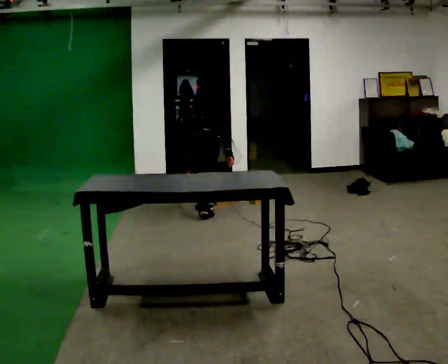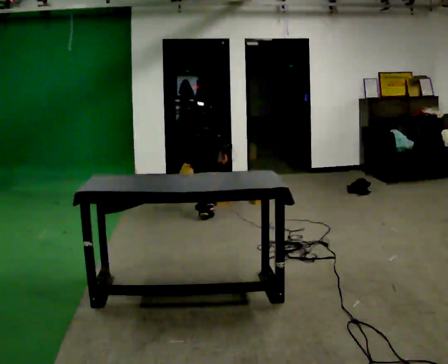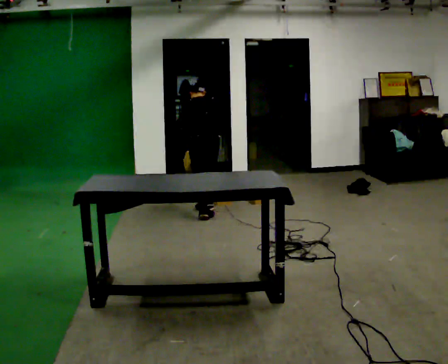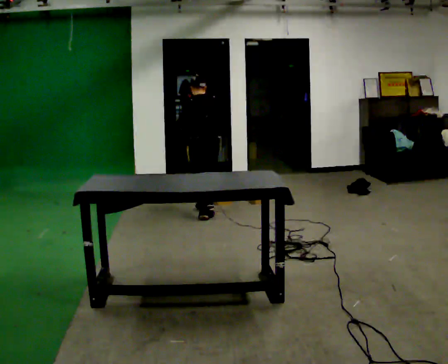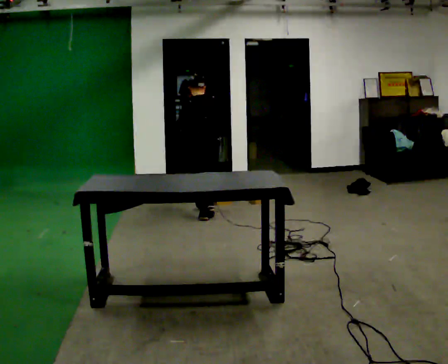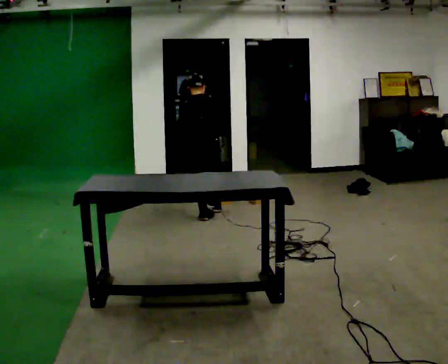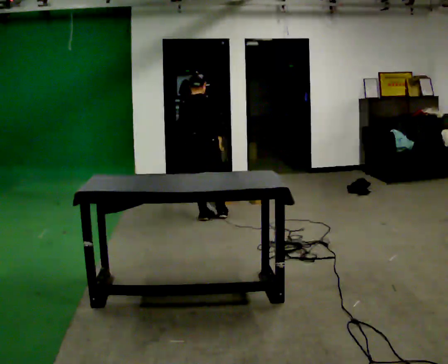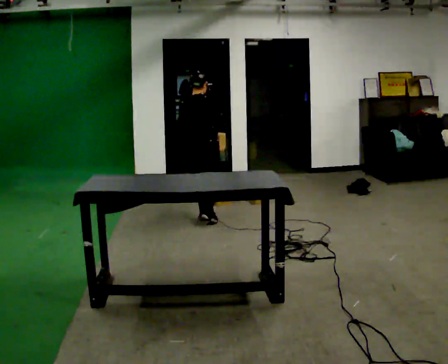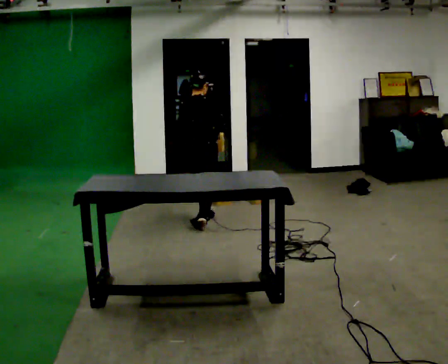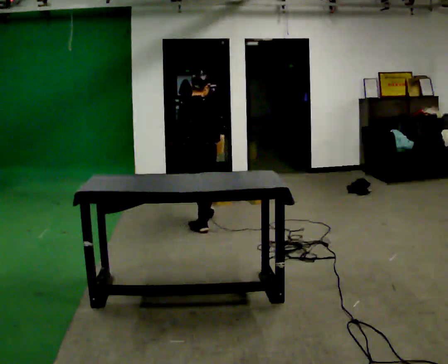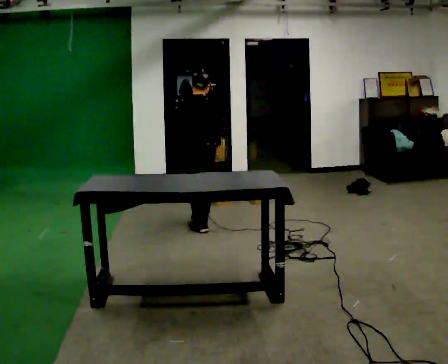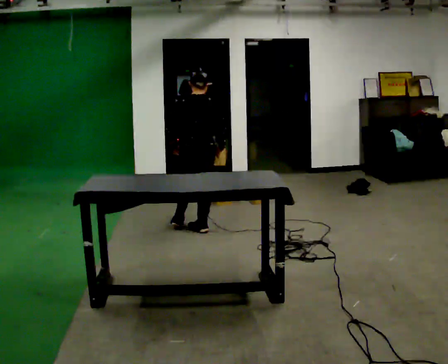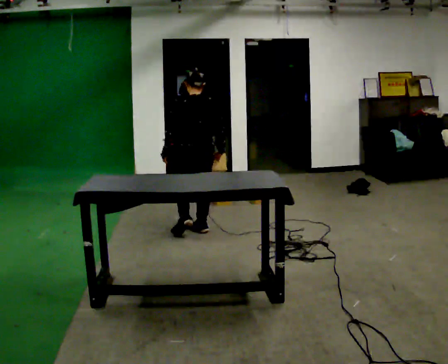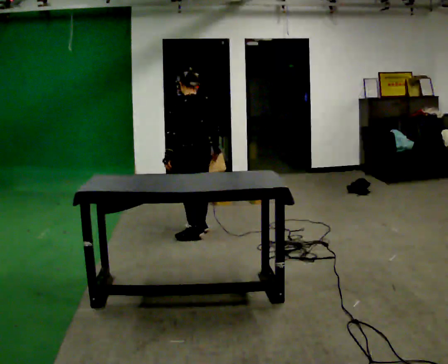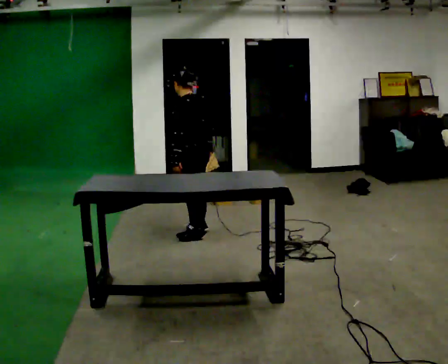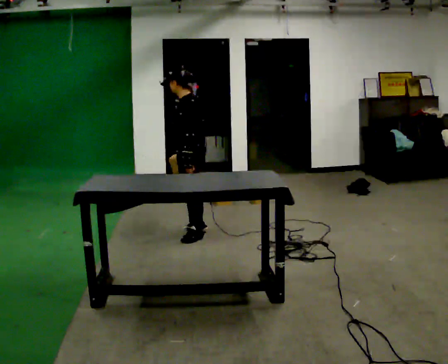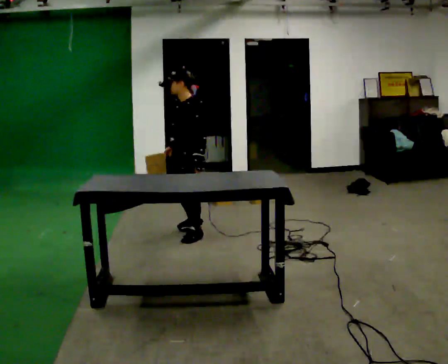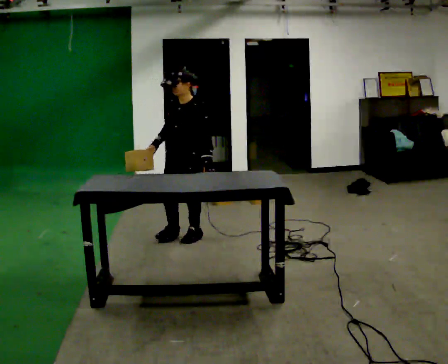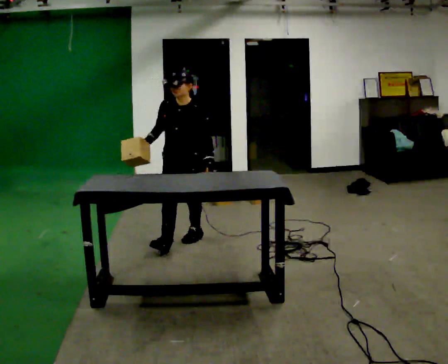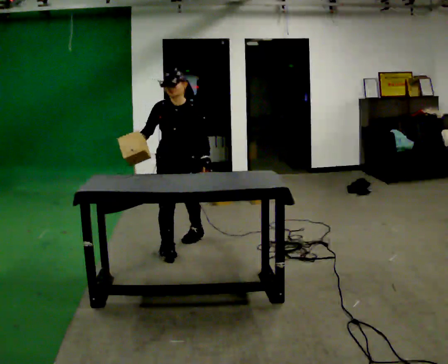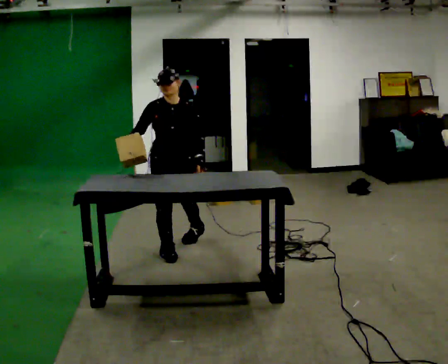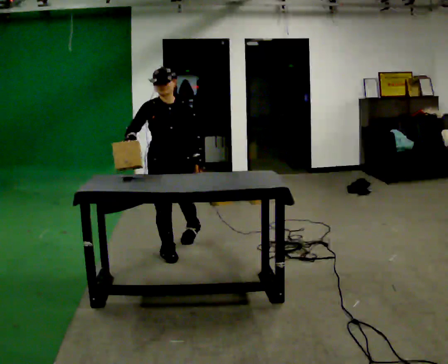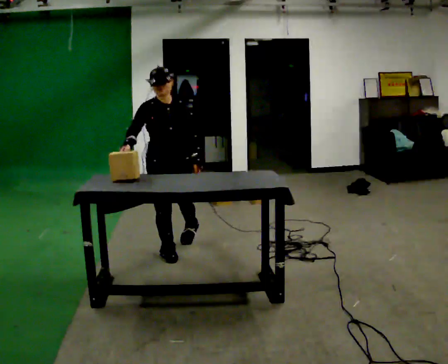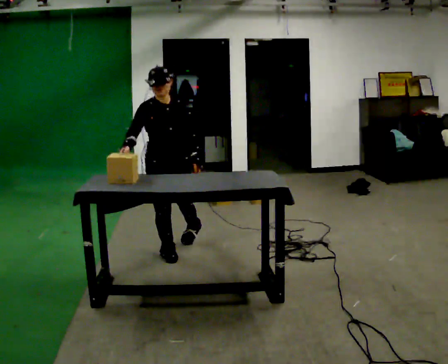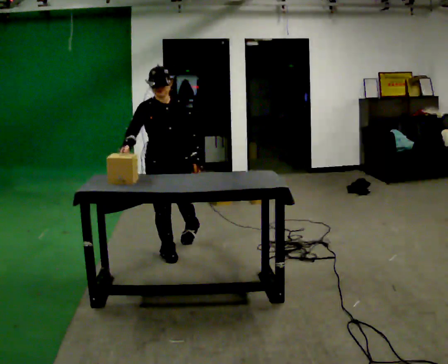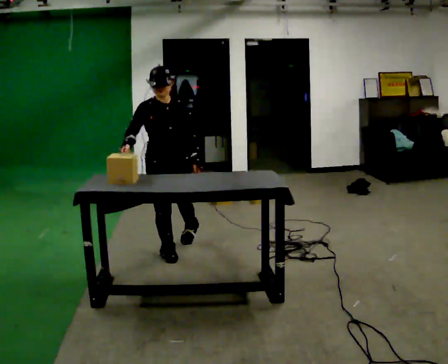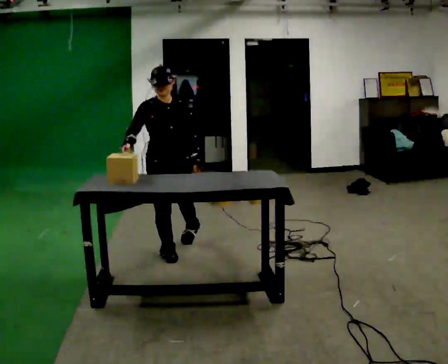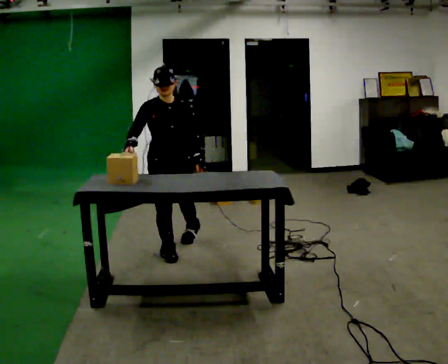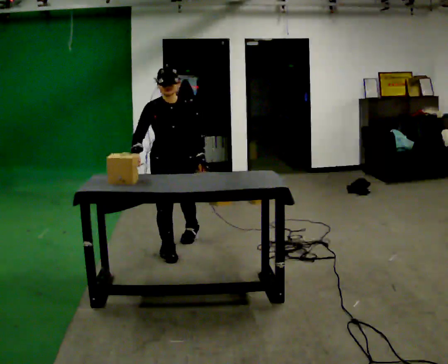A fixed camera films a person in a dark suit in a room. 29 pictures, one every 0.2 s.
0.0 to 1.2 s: The part of the body nearest the lens slides to the left as the person turns to their right by about 30 degrees. In the picture they go toward the camera, about 0.25 m in 1 step, which for them is backward. The shoulders move upward. The upper body tips toward the camera, its near side rolling downward, as they lean back or straighten.
1.2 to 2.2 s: In the picture they go toward the camera, about 0.5 m in 1 step, which for them is backward.
2.2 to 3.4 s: The part of the body nearest the lens slides to the right as the person turns to their left by about 150 degrees. In the picture they go toward the camera, about 0.25 m in 1 step.
3.4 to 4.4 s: The part of the body nearest the lens slides to the right as the person turns to their left by about 60 degrees. In the picture they go toward the camera, about 0.5 m, which for them is forward and to their right.
4.4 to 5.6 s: The person moves a little, or ends about where they began.
The film runs backward here.
